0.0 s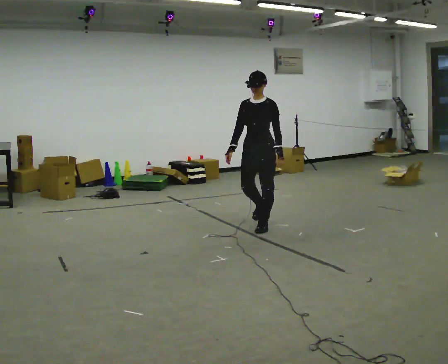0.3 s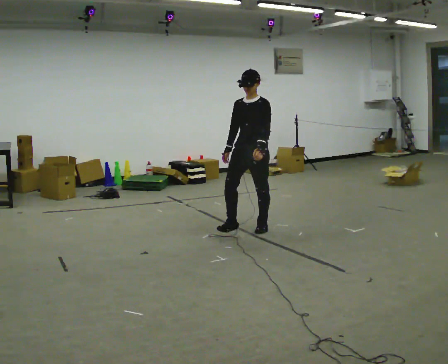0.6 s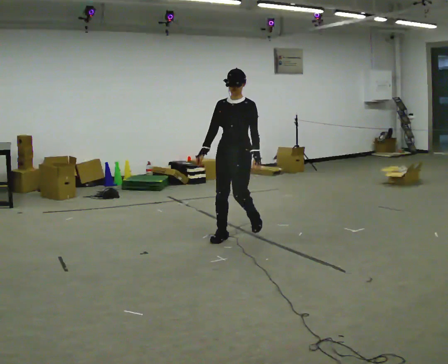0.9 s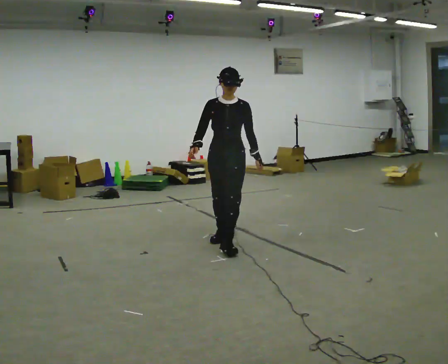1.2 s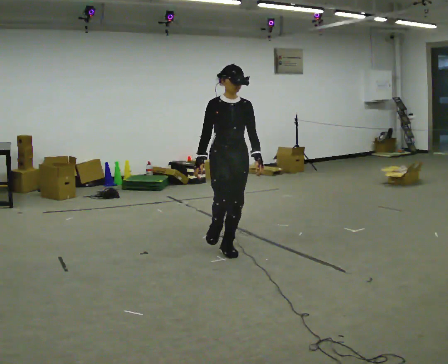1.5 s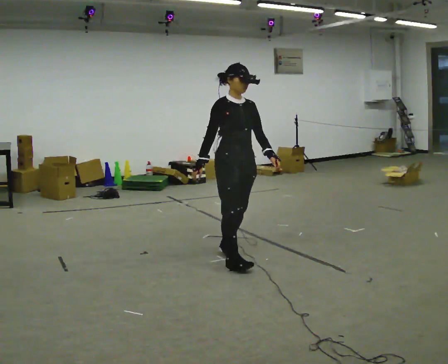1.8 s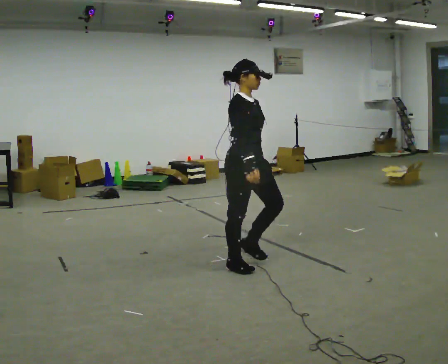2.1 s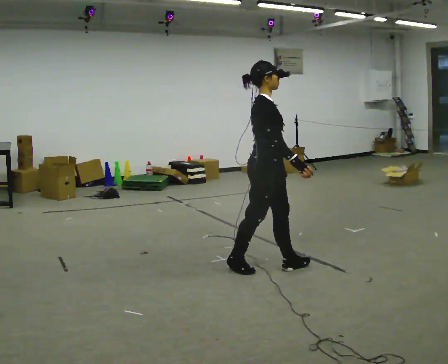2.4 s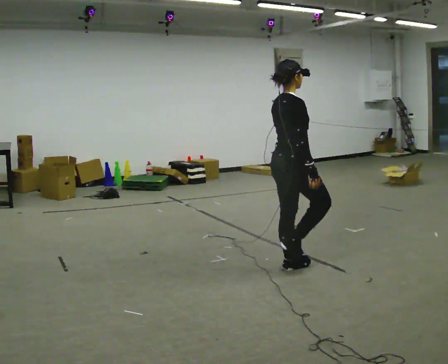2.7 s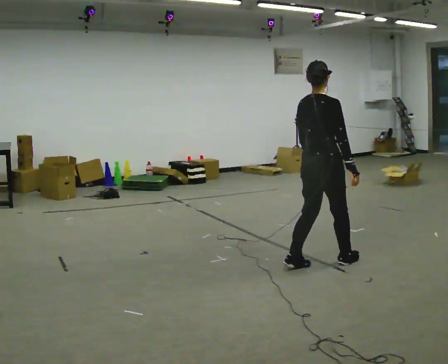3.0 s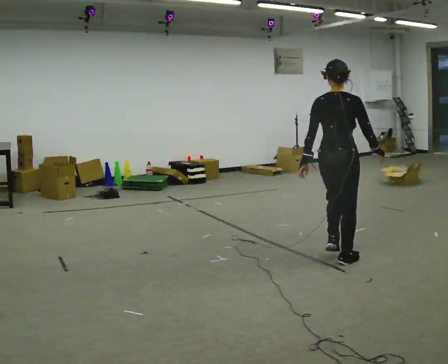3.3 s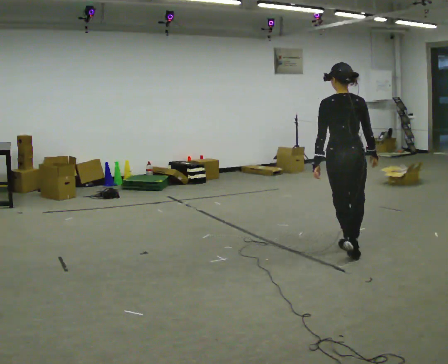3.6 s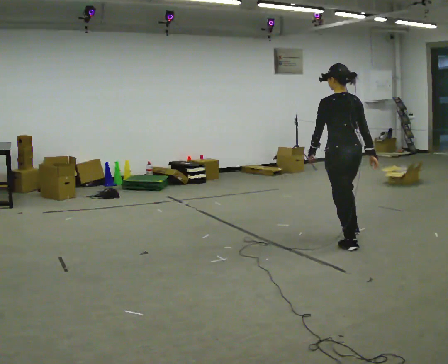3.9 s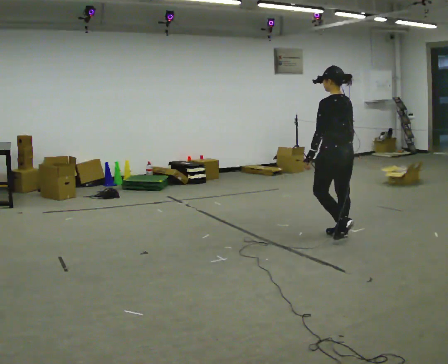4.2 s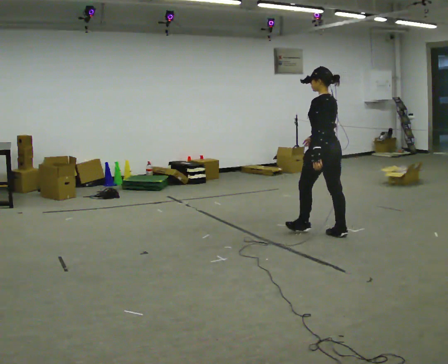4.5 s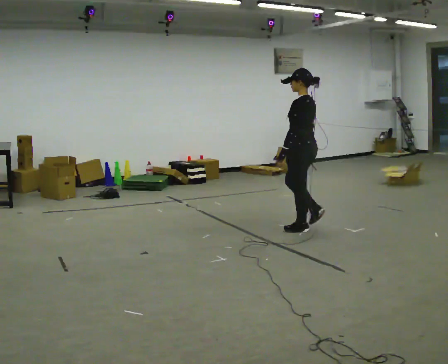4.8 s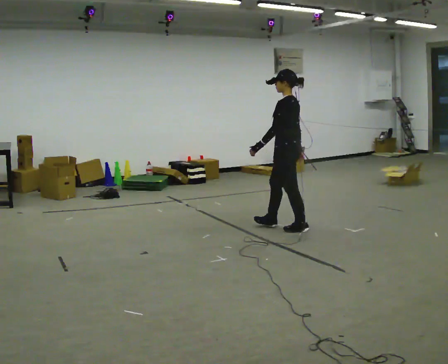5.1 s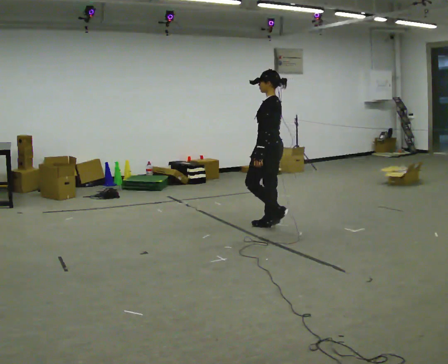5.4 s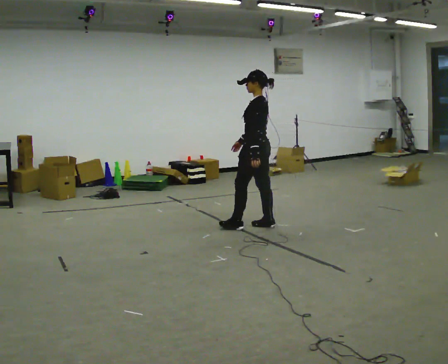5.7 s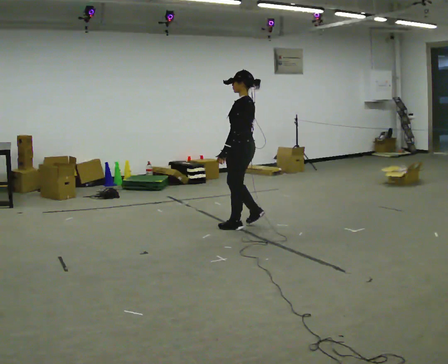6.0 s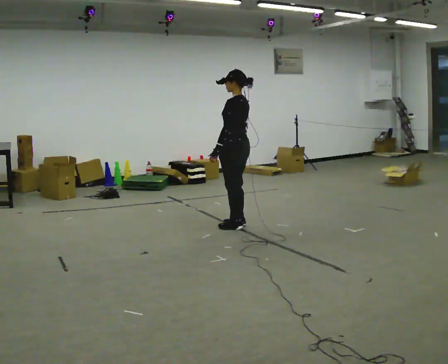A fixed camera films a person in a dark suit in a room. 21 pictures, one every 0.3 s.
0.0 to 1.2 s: Seen from above the body turns counterclockwise, about 45 degrees: to their left, with its near side sliding to the right. In the picture they go toward the camera, about 1 m in 2 steps, which for them is forward.
1.2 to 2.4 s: Seen from above the body turns counterclockwise, about 90 degrees: to their left, with its near side sliding to the right. In the picture they go to the right and toward the camera, about 0.75 m in 2 steps.
2.4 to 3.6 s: The person turns about 90 degrees to their left, counterclockwise seen from above, so the part of the body nearest the lens slides to the right. In the picture they go away from the camera and to the right, about 0.5 m in 2 steps.
3.6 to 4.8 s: The part of the body nearest the lens slides to the right as the person turns to their left by about 45 degrees. In the picture they go away from the camera and to the left, about 1 m in 2 steps, which for them is forward.
4.8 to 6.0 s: In the picture they go to the left, about 0.5 m in 3 steps, which for them is forward.
The film runs forward here.
